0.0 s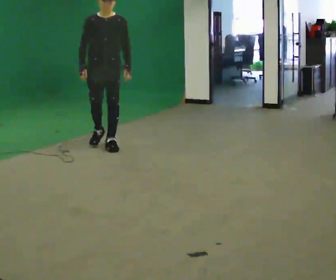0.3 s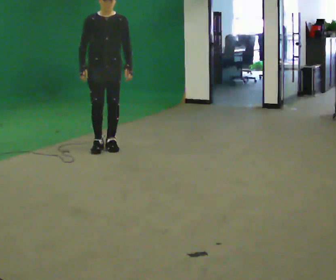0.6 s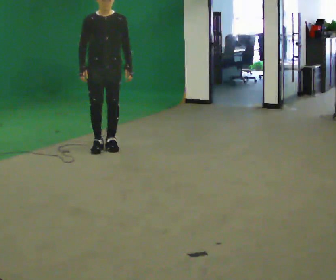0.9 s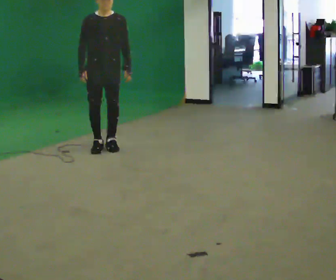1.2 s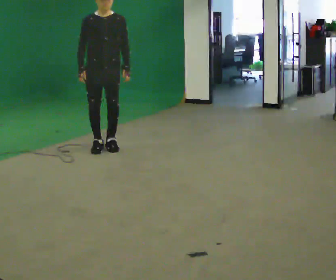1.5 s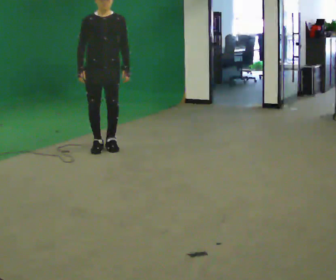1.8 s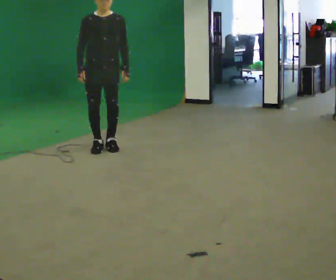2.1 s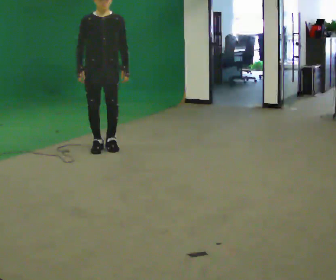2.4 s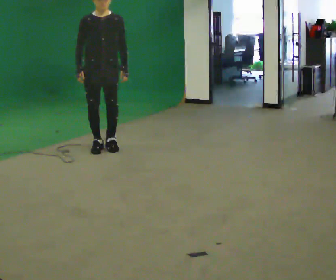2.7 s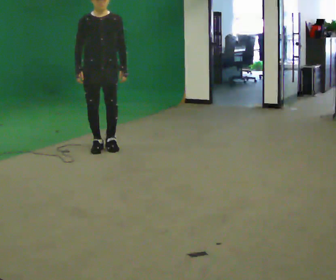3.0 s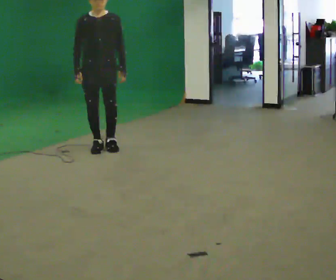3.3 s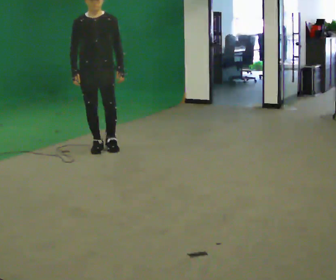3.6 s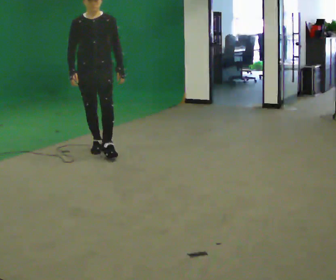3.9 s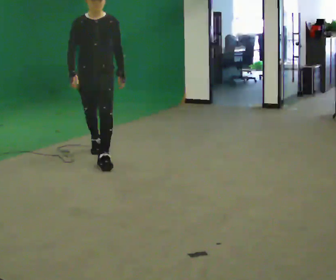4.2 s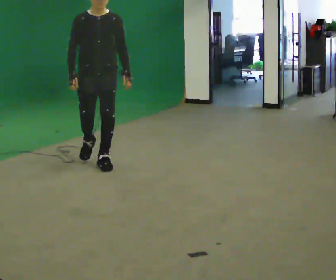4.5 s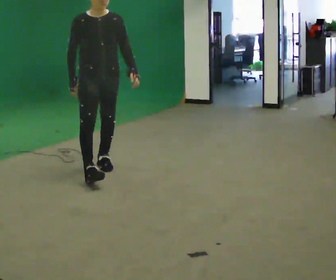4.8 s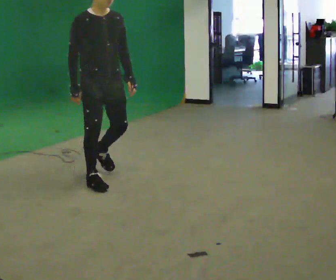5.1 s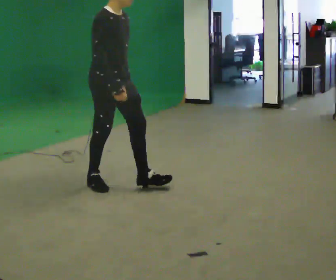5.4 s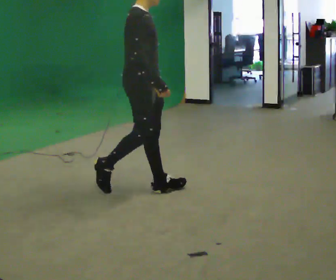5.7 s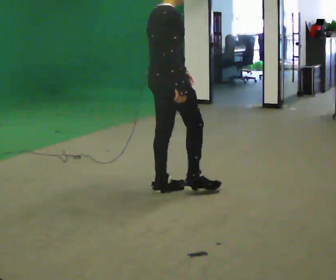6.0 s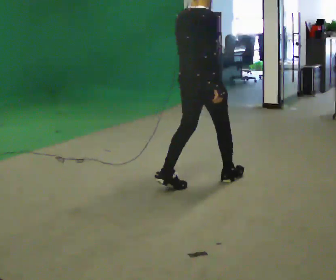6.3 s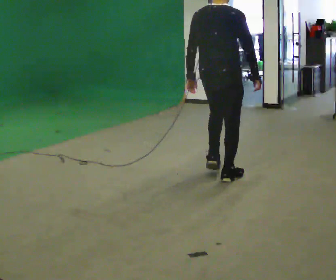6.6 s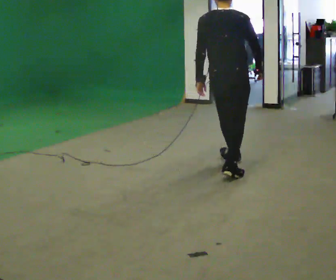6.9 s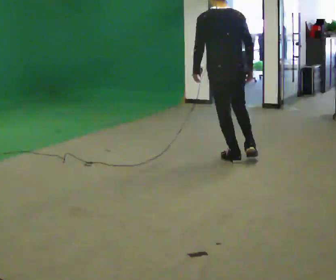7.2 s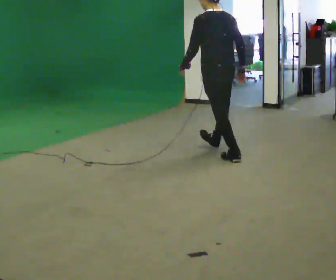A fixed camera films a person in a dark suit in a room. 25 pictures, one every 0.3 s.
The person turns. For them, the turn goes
to their left.
The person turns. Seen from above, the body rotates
counterclockwise.
0.0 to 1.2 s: The person moves a little, or ends about where they began.
1.2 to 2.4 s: The person keeps their place and pose.
2.4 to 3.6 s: In the picture they go toward the camera, about 0.25 m, which for them is forward.
3.6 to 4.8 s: The person turns about 30 degrees to their left, counterclockwise seen from above, so the part of the body nearest the lens slides to the right. In the picture they go toward the camera, about 1 m in 2 steps, which for them is forward.
4.8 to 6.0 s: Seen from above the body turns counterclockwise, about 90 degrees: to their left, with its near side sliding to the right. In the picture they go to the right, about 1 m in 2 steps.
6.0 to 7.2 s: The person turns about 75 degrees to their left, counterclockwise seen from above, so the part of the body nearest the lens slides to the right. In the picture they go away from the camera and to the right, about 1 m in 1 step.
The film runs forward here.
